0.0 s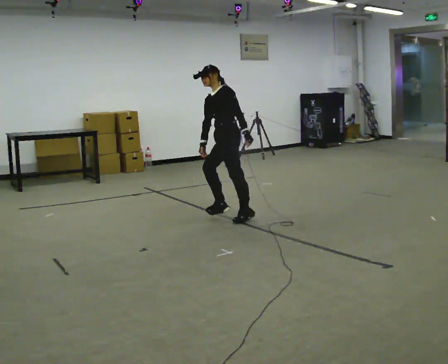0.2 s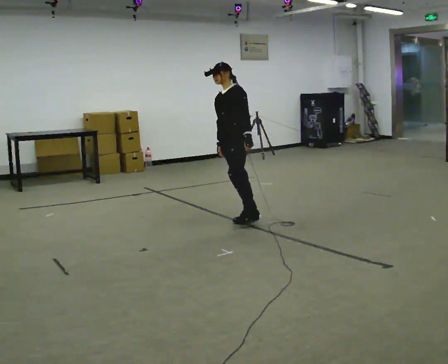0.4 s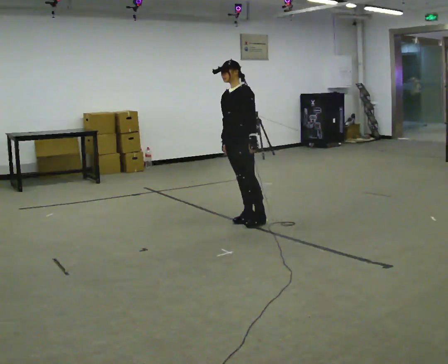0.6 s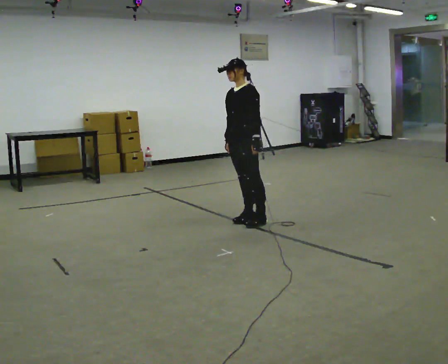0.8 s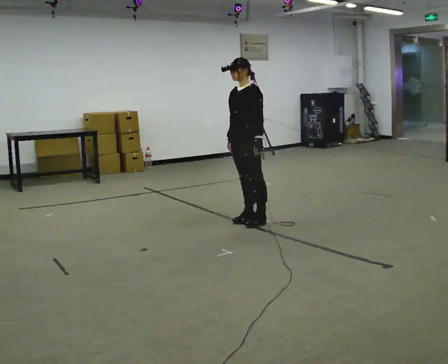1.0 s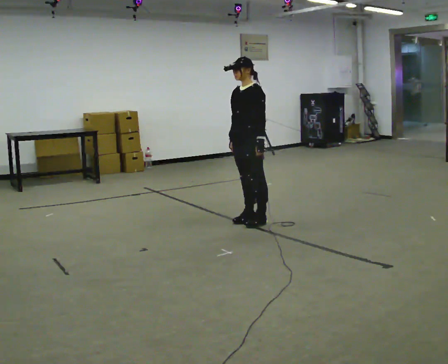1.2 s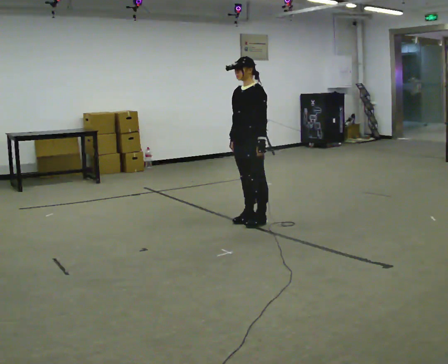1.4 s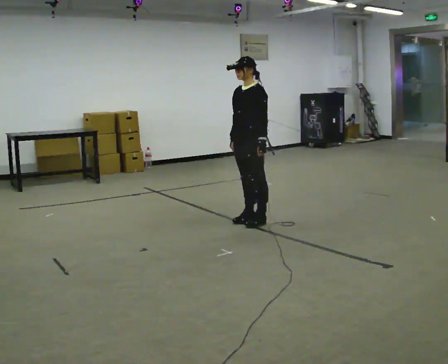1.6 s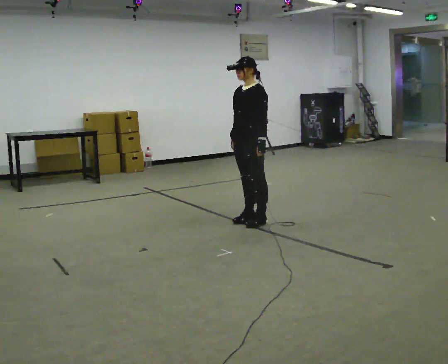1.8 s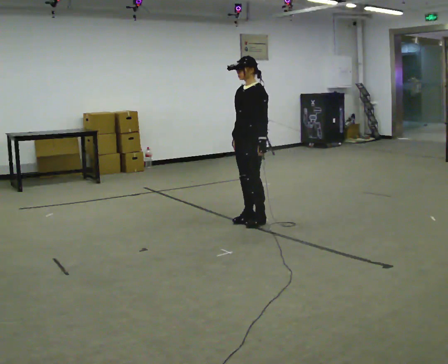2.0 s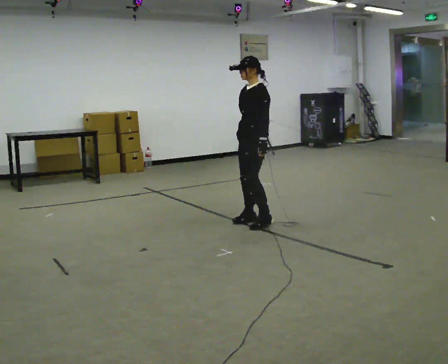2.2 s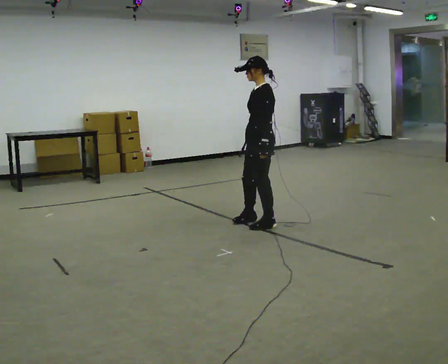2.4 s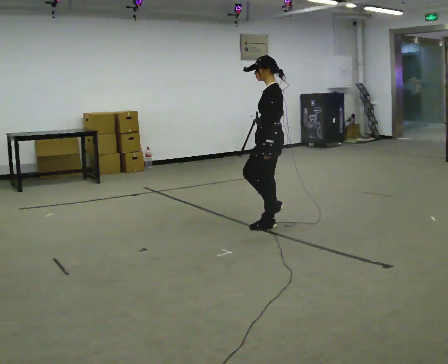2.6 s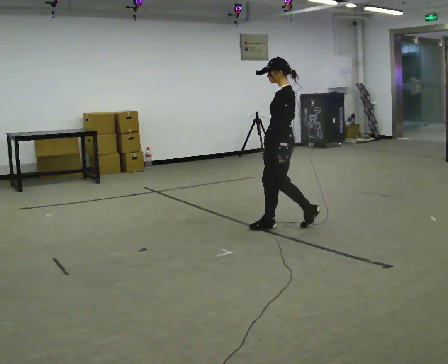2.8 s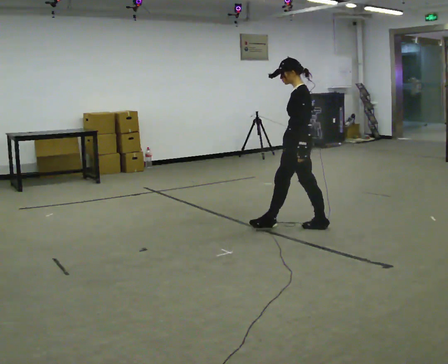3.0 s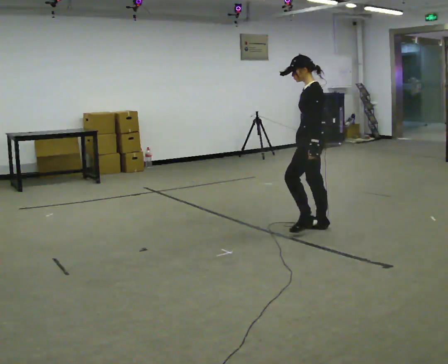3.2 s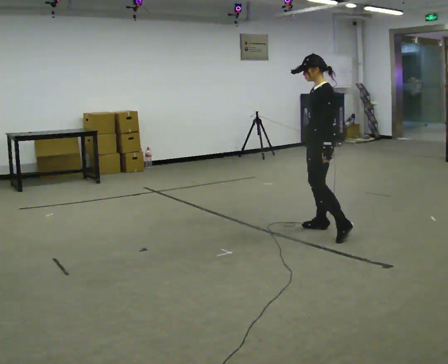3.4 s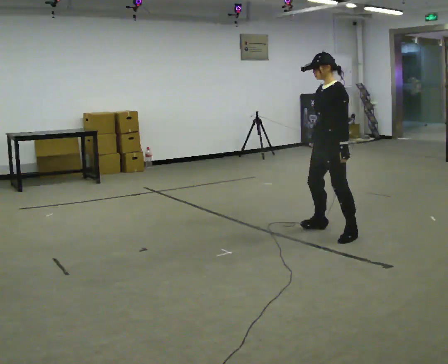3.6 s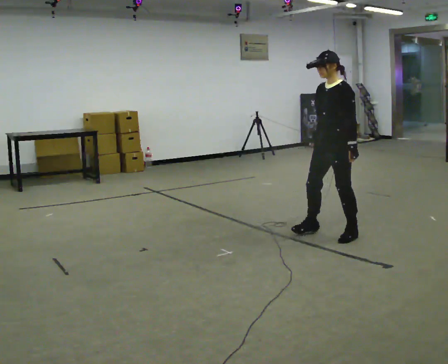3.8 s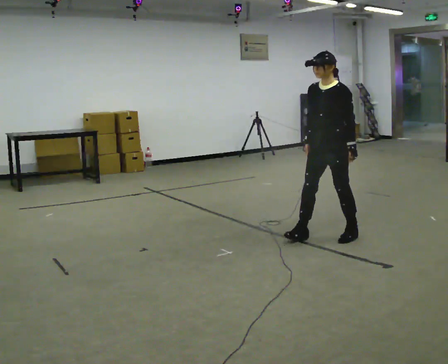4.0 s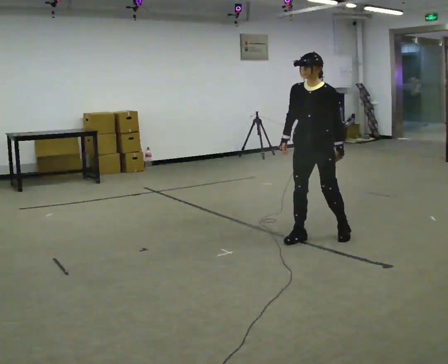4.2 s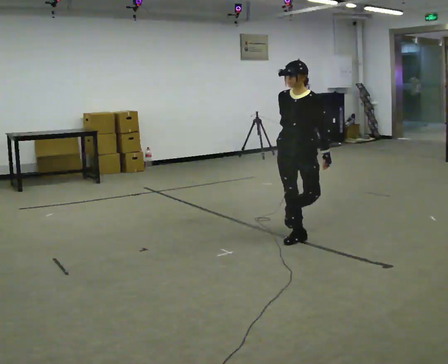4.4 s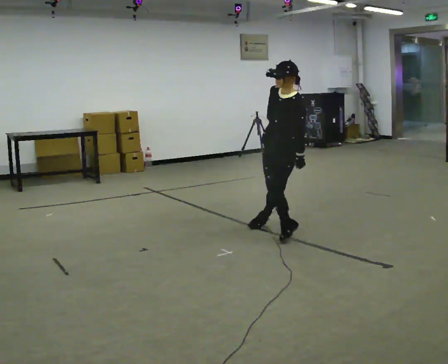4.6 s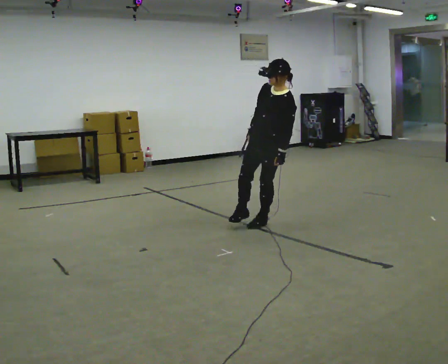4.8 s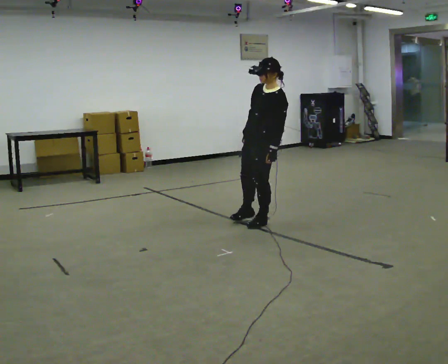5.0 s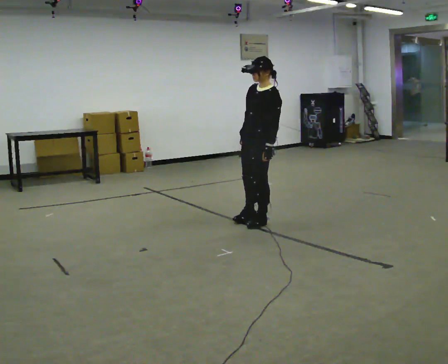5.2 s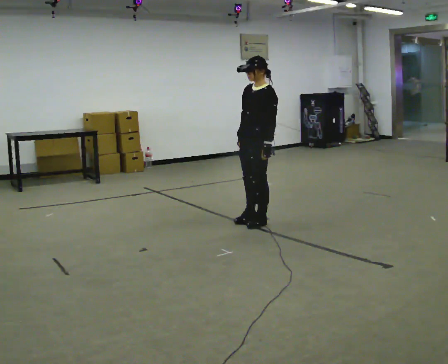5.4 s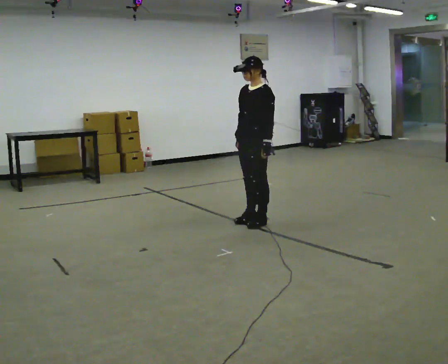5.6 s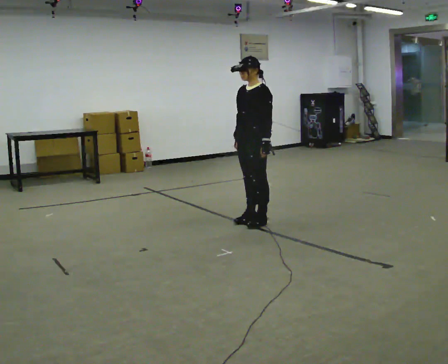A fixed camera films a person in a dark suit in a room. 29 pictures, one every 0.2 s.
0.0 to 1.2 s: Seen from above the body turns counterclockwise, about 30 degrees: to their left, with its near side sliding to the right. In the picture they go to the right and toward the camera, about 0.5 m, which for them is to their left. In the picture the upper body tilts clockwise, shoulders to the right, as they lean back or straighten.
1.2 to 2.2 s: The person moves a little, or ends about where they began.
2.2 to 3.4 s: In the picture they go to the right and toward the camera, about 0.75 m in 2 steps, which for them is backward and to their left.
3.4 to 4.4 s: Seen from above the body turns counterclockwise, about 45 degrees: to their left, with its near side sliding to the right. In the picture they go to the left, about 0.25 m in 3 steps, which for them is to their right and forward. The upper body tips toward the camera, its near side rolling downward, as they bend forward.
4.4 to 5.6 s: Seen from above the body turns clockwise, about 30 degrees: to their right, with its near side sliding to the left. In the picture they go to the left and away from the camera, about 0.5 m, which for them is to their right.
The film runs backward here.
